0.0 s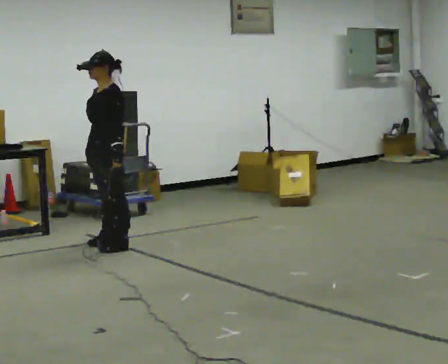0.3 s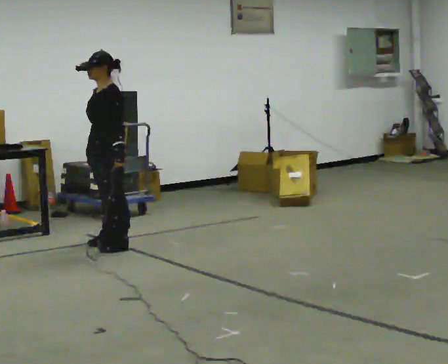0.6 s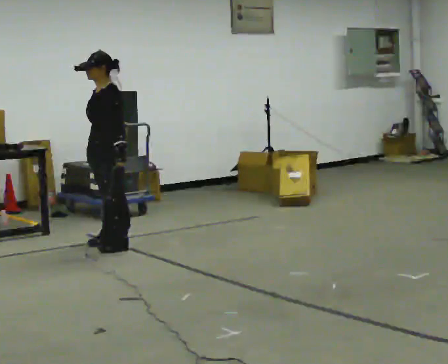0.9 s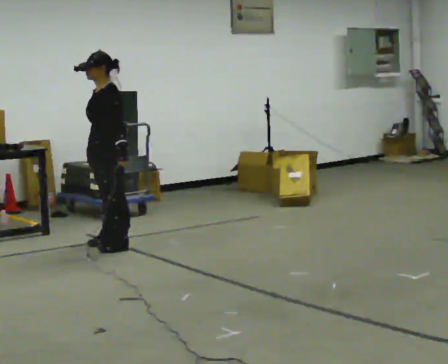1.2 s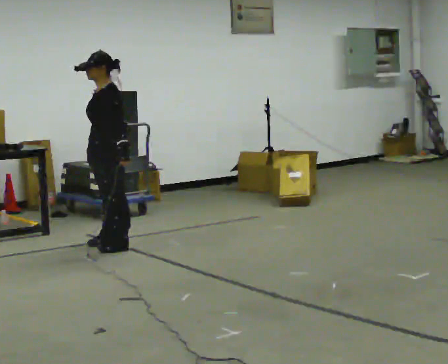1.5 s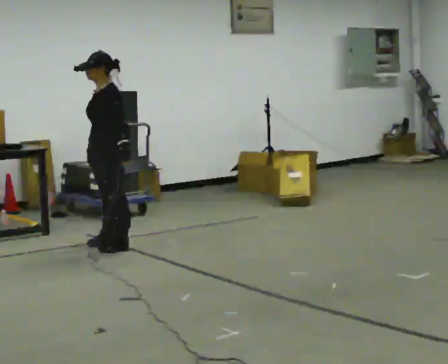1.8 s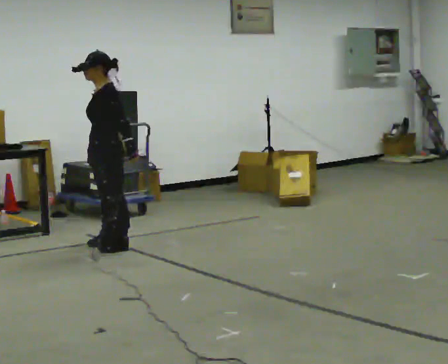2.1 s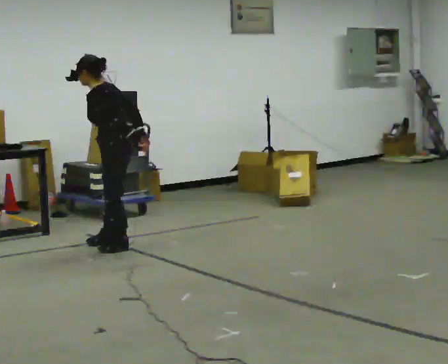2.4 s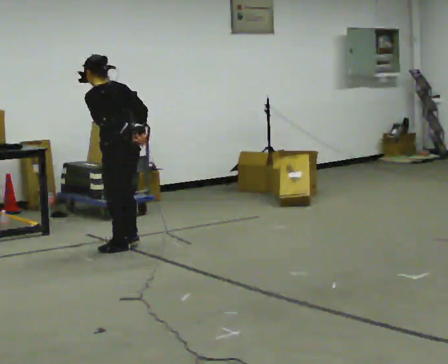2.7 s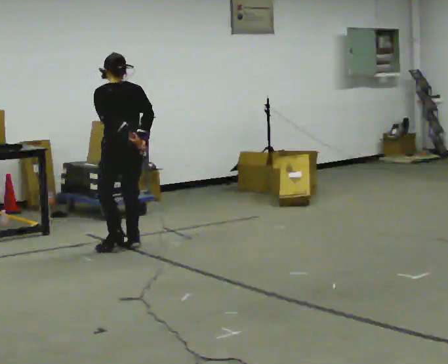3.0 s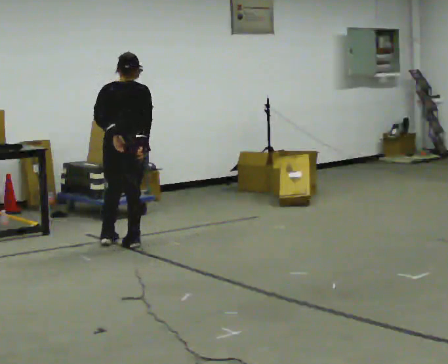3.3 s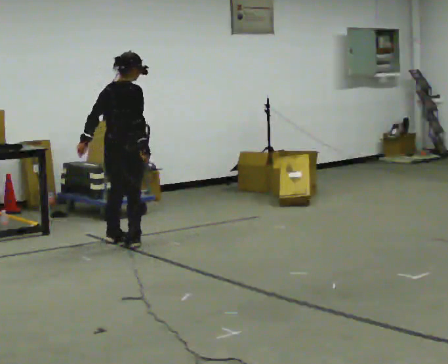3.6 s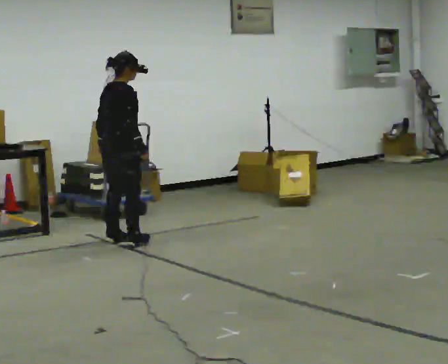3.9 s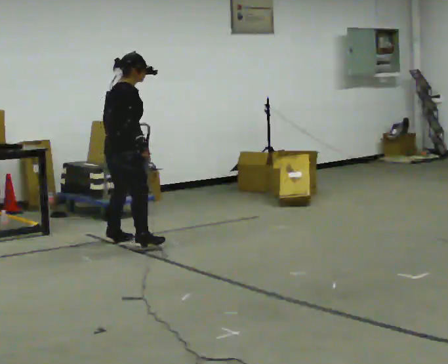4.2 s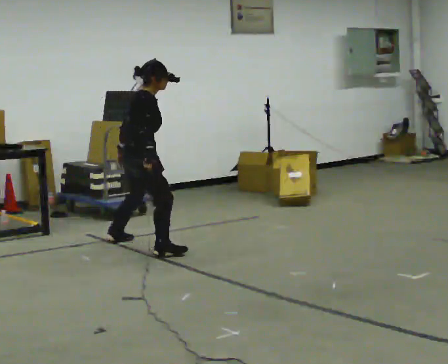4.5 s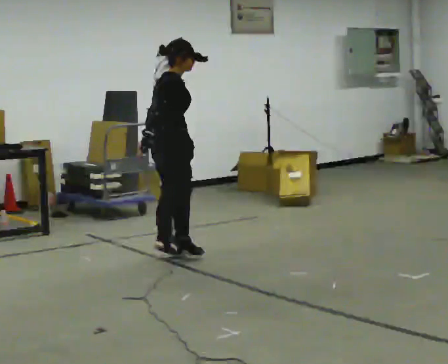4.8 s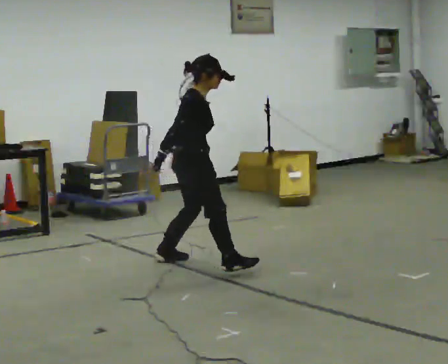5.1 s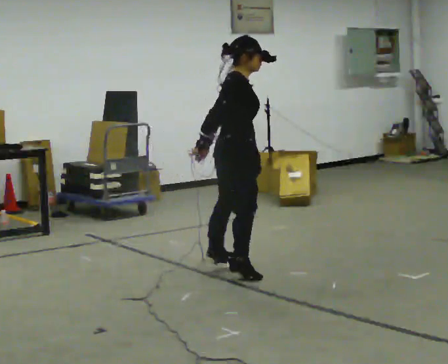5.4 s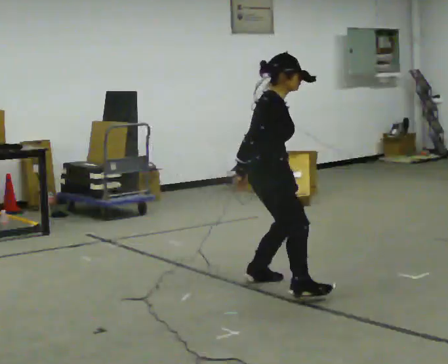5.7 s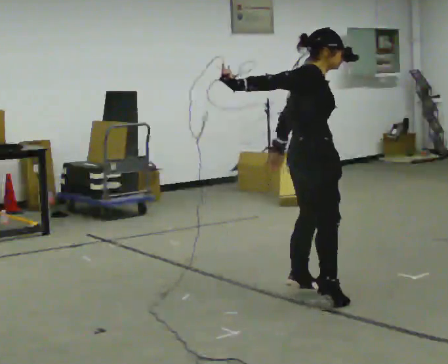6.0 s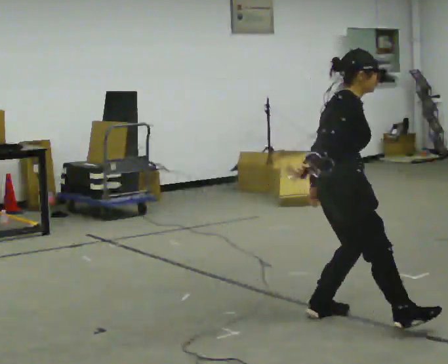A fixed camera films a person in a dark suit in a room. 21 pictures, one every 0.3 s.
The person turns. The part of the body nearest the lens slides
to the left.
The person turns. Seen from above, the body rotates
clockwise.
0.0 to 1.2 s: The person moves a little, or ends about where they began.
1.2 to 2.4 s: Seen from above the body turns clockwise, about 60 degrees: to their right, with its near side sliding to the left. In the picture the upper body tilts counterclockwise, shoulders to the left.
2.4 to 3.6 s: Seen from above the body turns clockwise, about 105 degrees: to their right, with its near side sliding to the left. In the picture they go away from the camera, about 0.25 m in 2 steps. In the picture the upper body tilts clockwise, shoulders to the right.
3.6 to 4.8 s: The person turns about 30 degrees to their right, clockwise seen from above, so the part of the body nearest the lens slides to the left. In the picture they go toward the camera and to the right, about 1 m in 2 steps, which for them is to their right.
4.8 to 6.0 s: In the picture they go toward the camera and to the right, about 1.5 m in 3 steps, which for them is to their right and forward.
The film runs forward here.
